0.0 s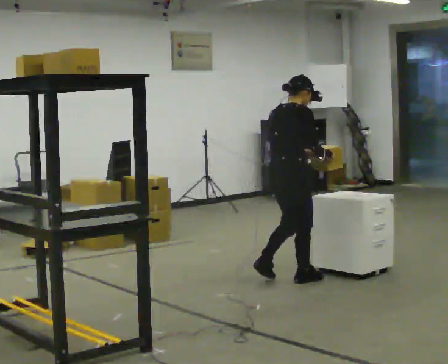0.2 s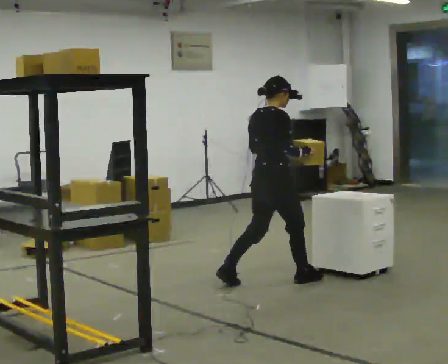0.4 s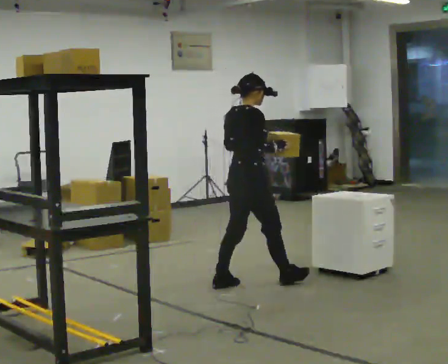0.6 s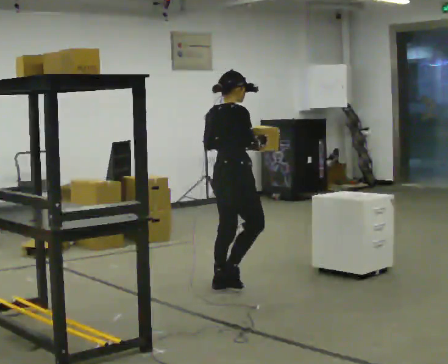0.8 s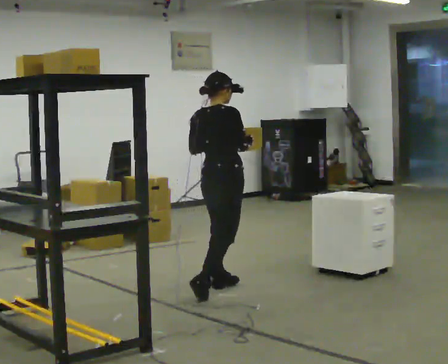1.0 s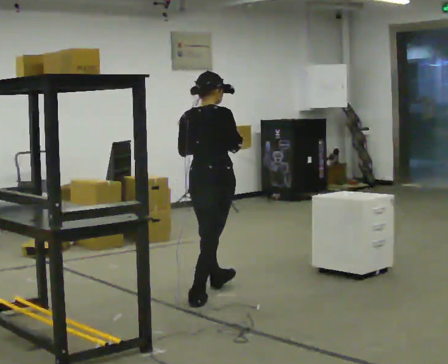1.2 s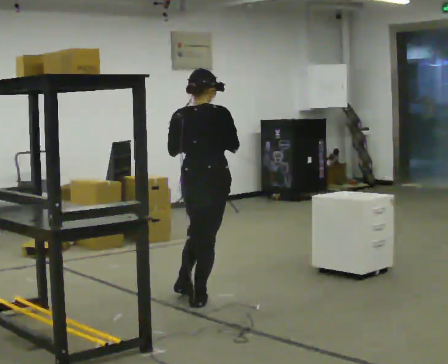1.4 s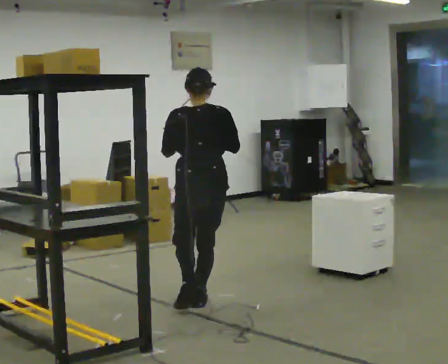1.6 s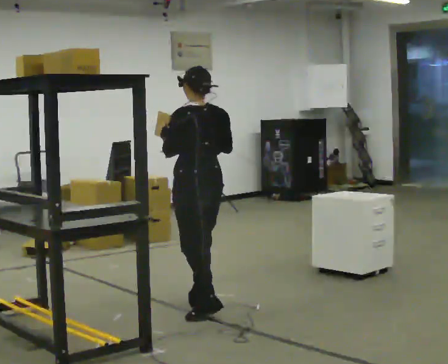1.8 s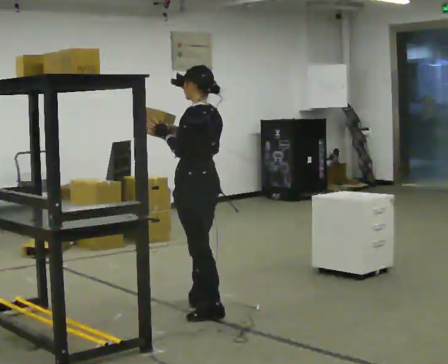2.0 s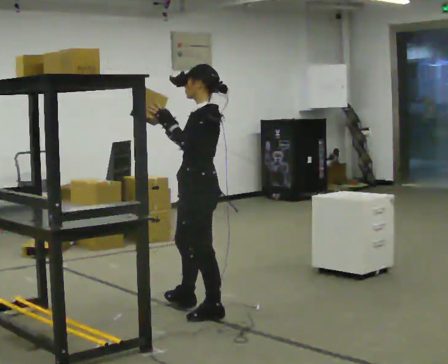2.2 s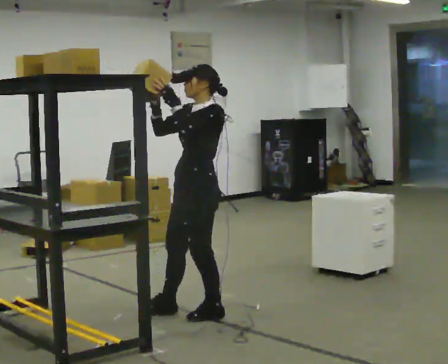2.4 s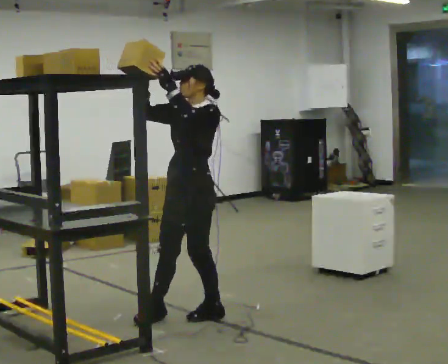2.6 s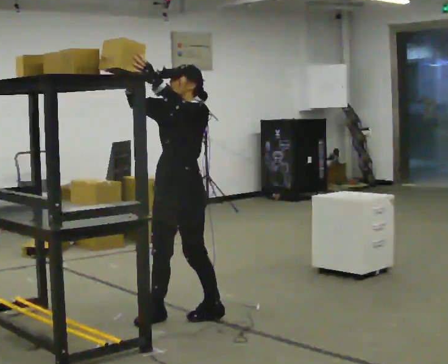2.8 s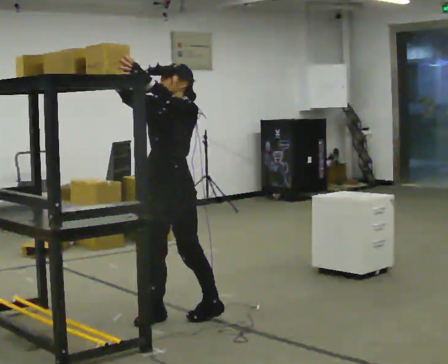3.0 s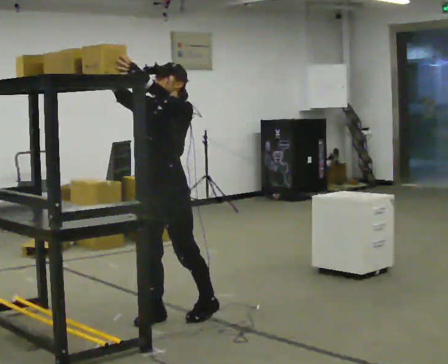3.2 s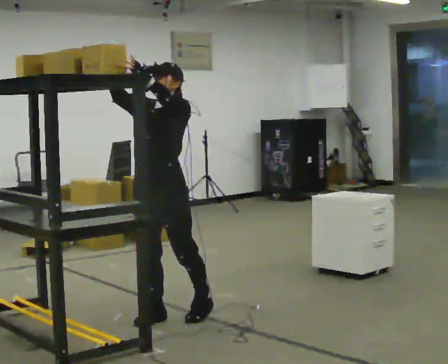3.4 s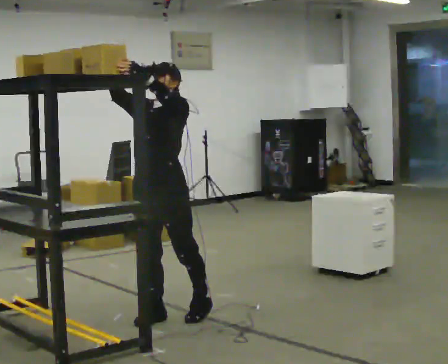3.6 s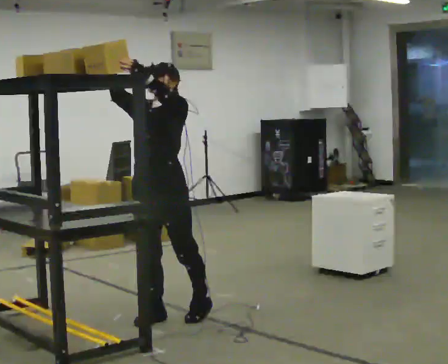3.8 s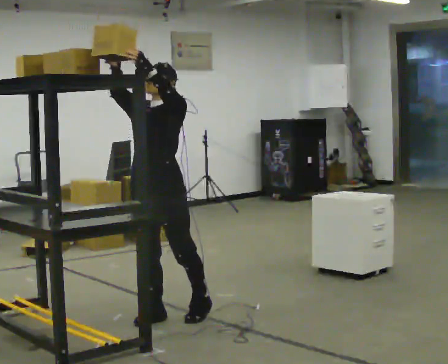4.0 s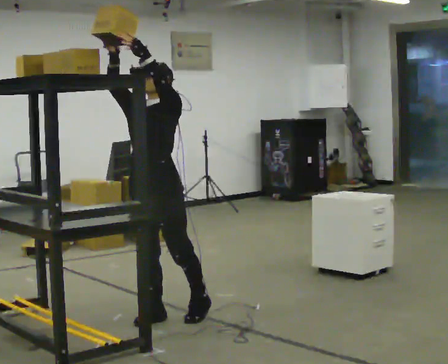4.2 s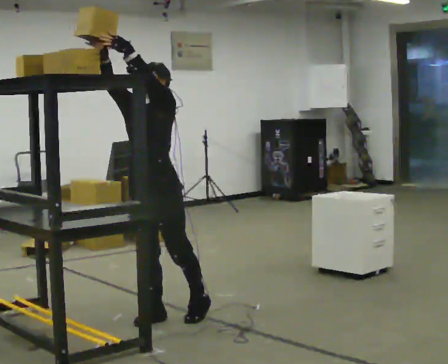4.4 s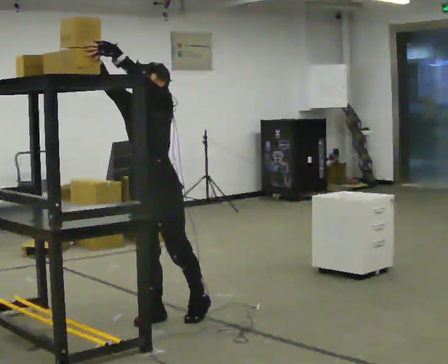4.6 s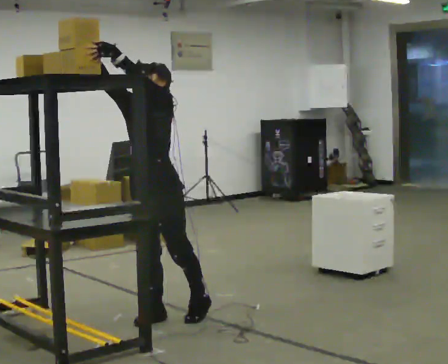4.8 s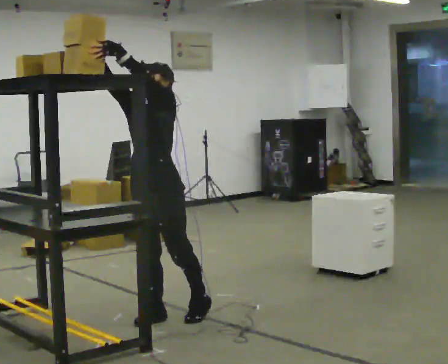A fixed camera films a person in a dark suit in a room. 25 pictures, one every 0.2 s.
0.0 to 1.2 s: Seen from above the body turns counterclockwise, about 30 degrees: to their left, with its near side sliding to the right. In the picture they go to the left and toward the camera, about 0.5 m in 2 steps, which for them is backward. In the picture the upper body tilts counterclockwise, shoulders to the left, as they lean back or straighten.
1.2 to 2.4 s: The part of the body nearest the lens slides to the right as the person turns to their left by about 150 degrees. In the picture they go toward the camera, about 0.25 m in 1 step. In the picture their right hand goes upward.
2.4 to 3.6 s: In the picture they go to the left, about 0.25 m, which for them is forward.
3.6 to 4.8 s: The person moves a little, or ends about where they began.
The film runs backward here.
